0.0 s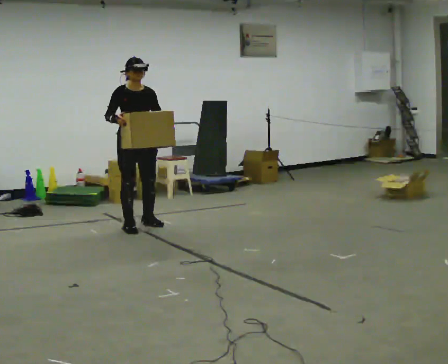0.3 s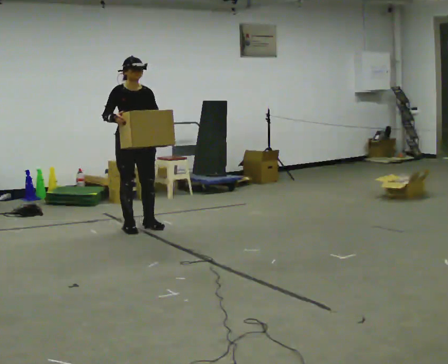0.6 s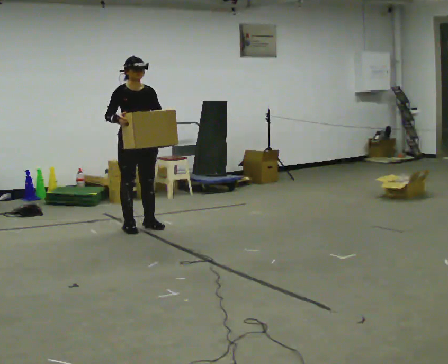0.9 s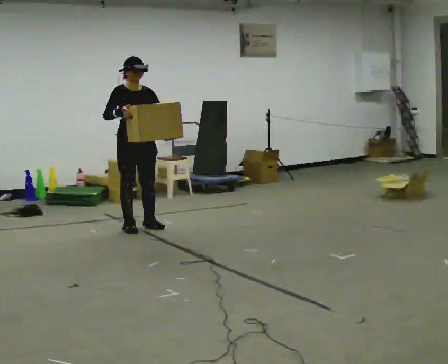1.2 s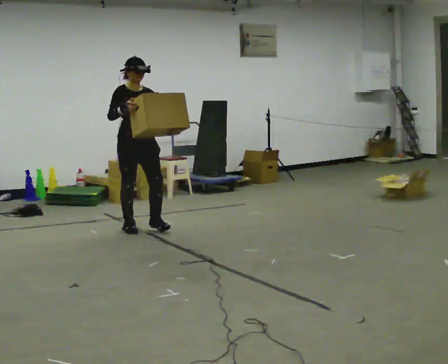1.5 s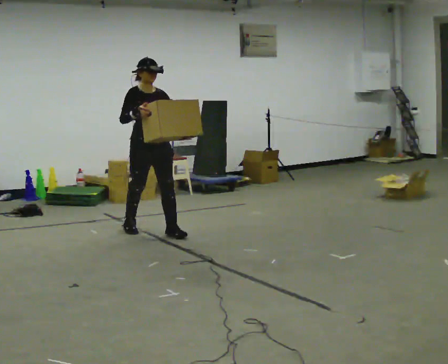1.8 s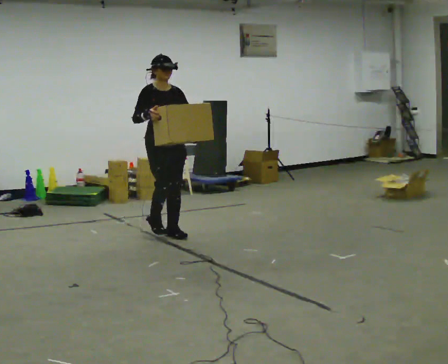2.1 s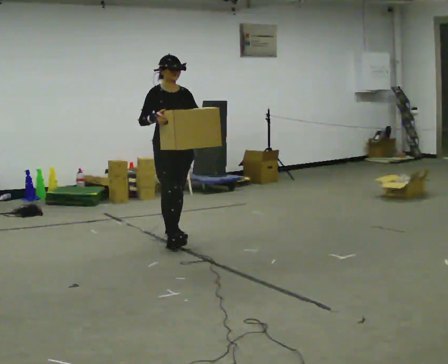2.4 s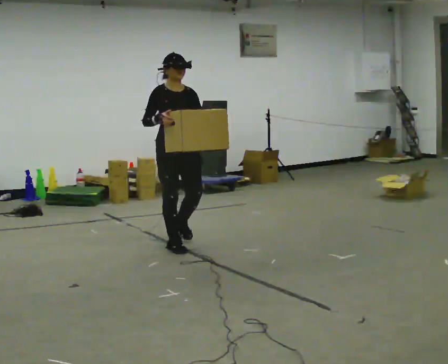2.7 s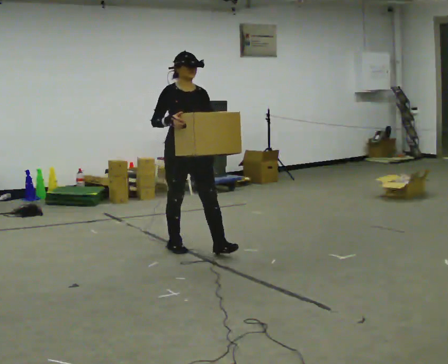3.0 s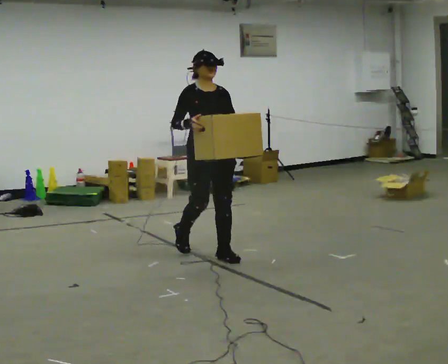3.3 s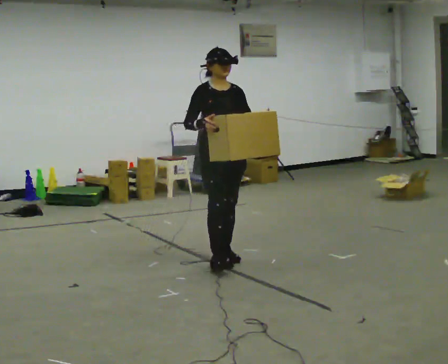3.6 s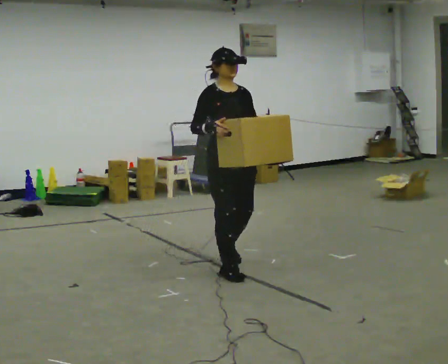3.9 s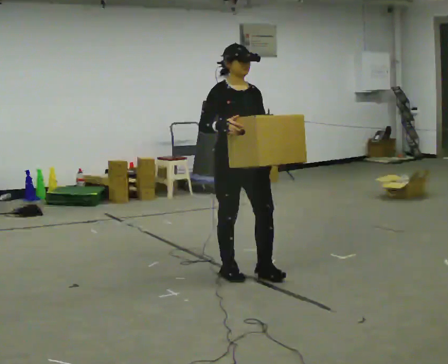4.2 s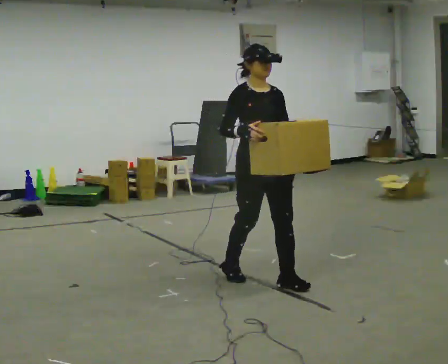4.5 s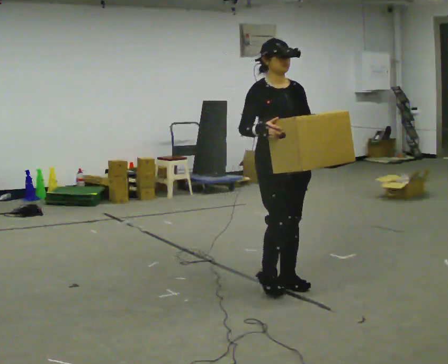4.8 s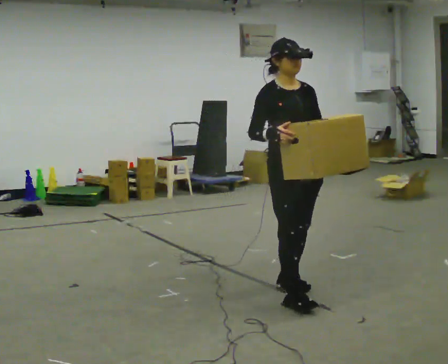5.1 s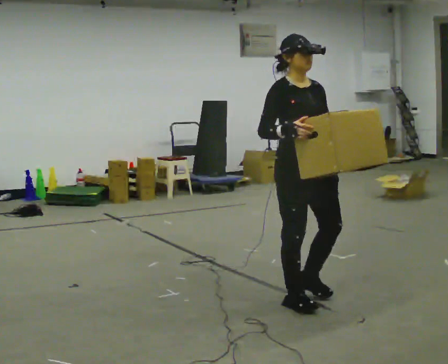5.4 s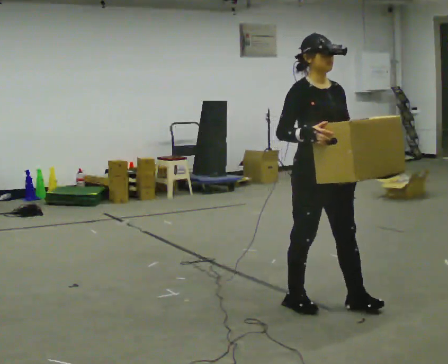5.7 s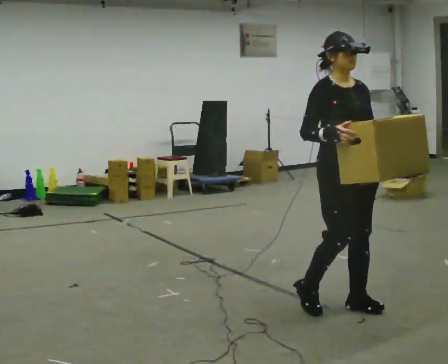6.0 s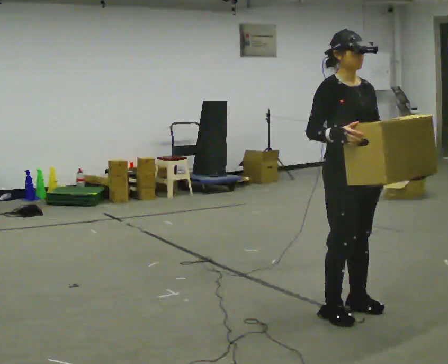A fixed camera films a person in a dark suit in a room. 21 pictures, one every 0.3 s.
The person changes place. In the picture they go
toward the camera.
0.0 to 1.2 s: The person moves a little, or ends about where they began.
1.2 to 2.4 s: In the picture they go toward the camera and to the right, about 0.75 m in 2 steps, which for them is forward.
2.4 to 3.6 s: In the picture they go toward the camera and to the right, about 1 m in 2 steps, which for them is forward.
3.6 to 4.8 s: In the picture they go toward the camera and to the right, about 0.5 m in 2 steps, which for them is forward.
4.8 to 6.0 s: In the picture they go toward the camera and to the right, about 0.5 m in 2 steps, which for them is forward.
The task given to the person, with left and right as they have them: Carry the heaviest box in both hands in front of you, walking back and forth across the room. Only carry what is comfortable. Set it down whenever you need to.
The film runs forward here.
